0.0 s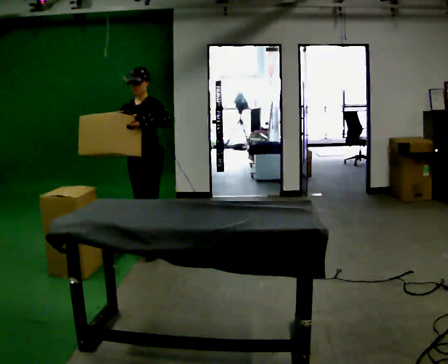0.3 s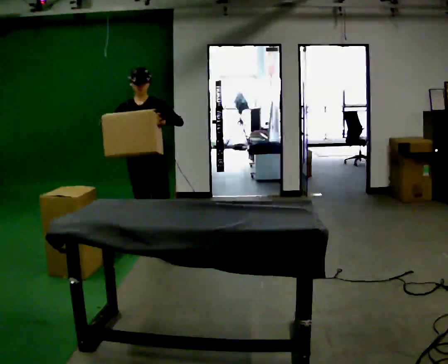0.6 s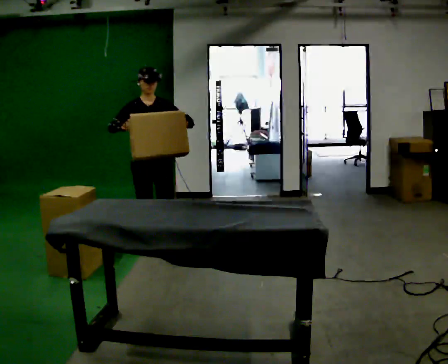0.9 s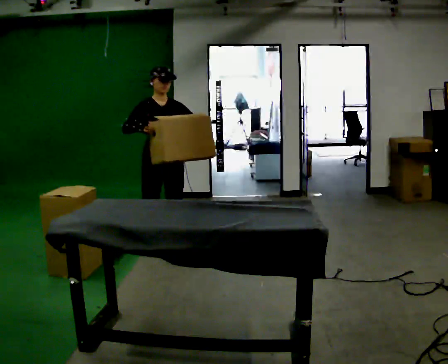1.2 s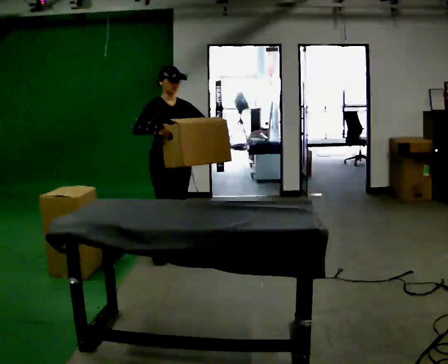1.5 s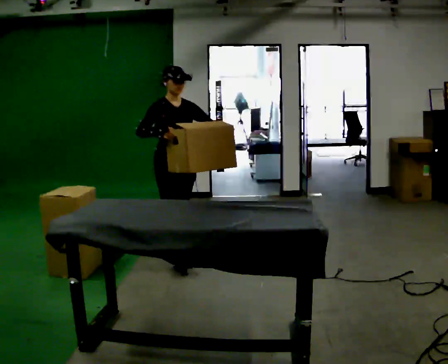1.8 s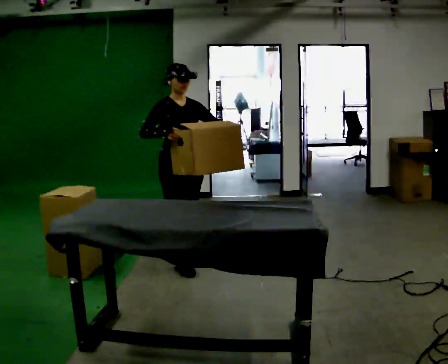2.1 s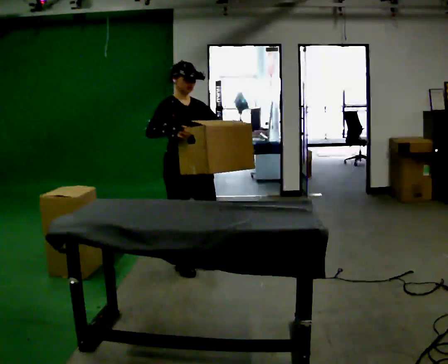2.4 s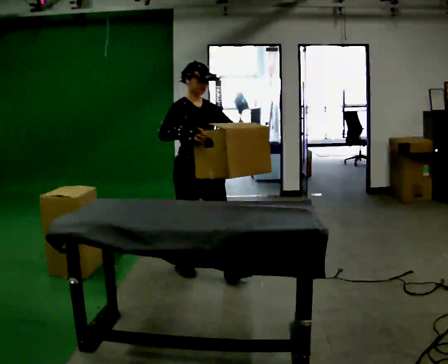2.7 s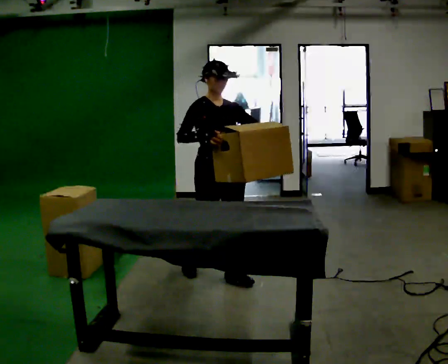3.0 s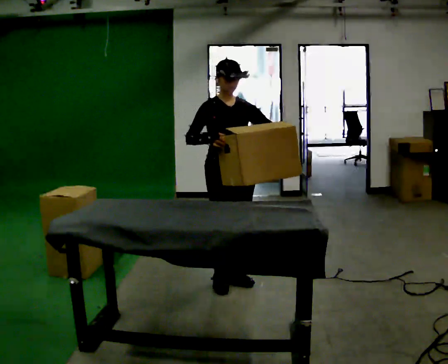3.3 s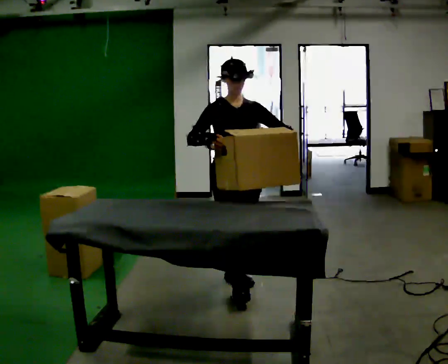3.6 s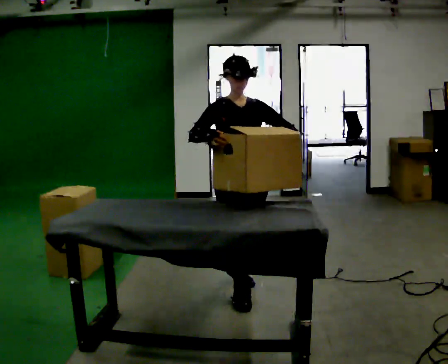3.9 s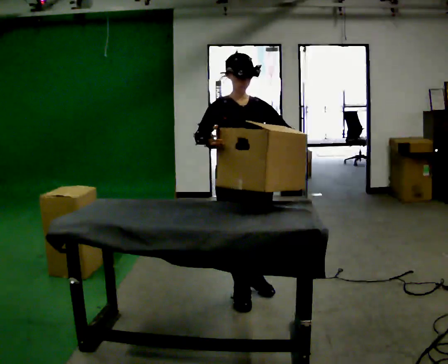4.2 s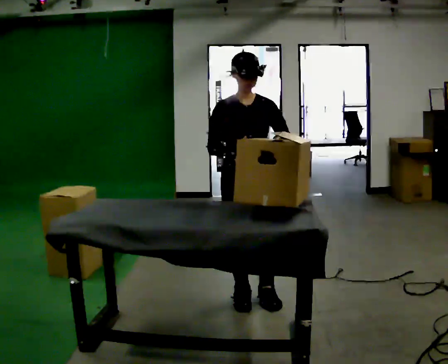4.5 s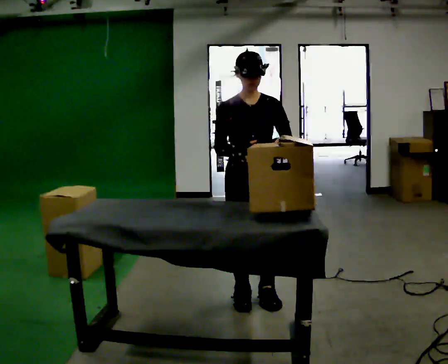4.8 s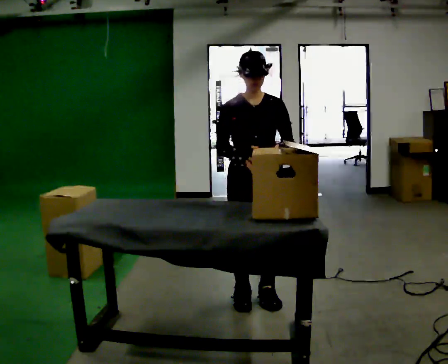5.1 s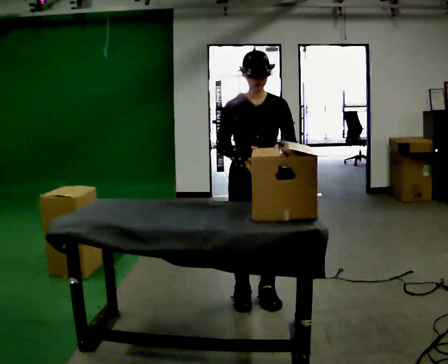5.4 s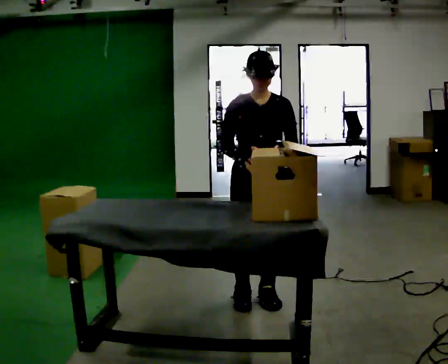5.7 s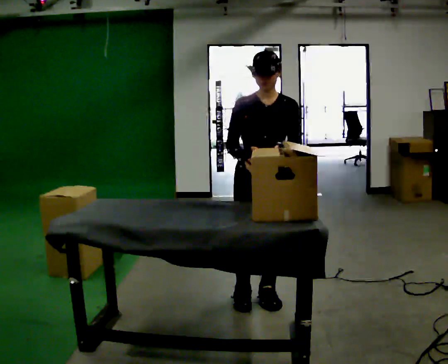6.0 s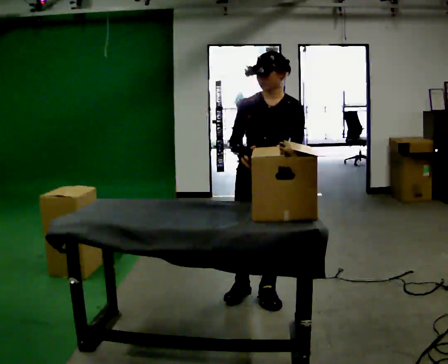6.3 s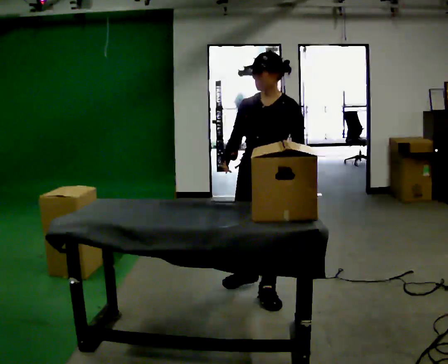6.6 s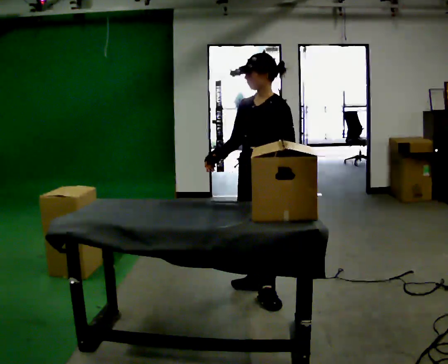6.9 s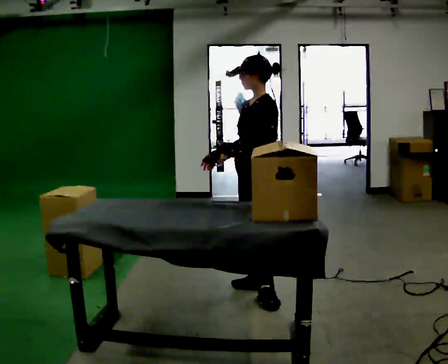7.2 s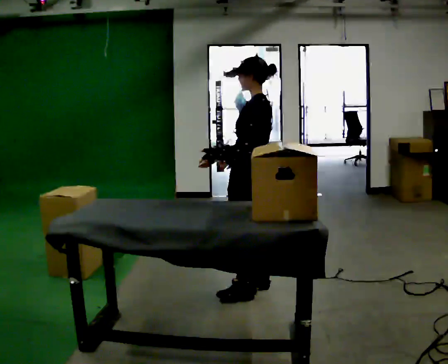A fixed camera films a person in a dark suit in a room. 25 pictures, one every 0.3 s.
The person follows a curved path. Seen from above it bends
counterclockwise.
0.0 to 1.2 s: The person turns about 60 degrees to their left, counterclockwise seen from above, so the part of the body nearest the lens slides to the right. In the picture they go to the right and toward the camera, about 0.25 m, which for them is forward and to their left.
1.2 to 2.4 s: In the picture they go toward the camera and to the right, about 0.5 m in 2 steps, which for them is forward.
2.4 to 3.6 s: In the picture they go toward the camera and to the right, about 0.5 m in 1 step, which for them is forward.
3.6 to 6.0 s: The part of the body nearest the lens slides to the left as the person turns to their right by about 30 degrees. In the picture they go to the right, about 0.25 m in 1 step, which for them is to their left.
6.0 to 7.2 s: The person turns about 90 degrees to their right, clockwise seen from above, so the part of the body nearest the lens slides to the left. In the picture they go away from the camera, about 0.25 m in 1 step.
The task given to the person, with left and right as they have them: Take an object off the waist-height shelf, carry it across the room, and set it down on the floor. Keep going until the operator says stop; one object at a time, and do not rush between trips.
The film runs forward here.
